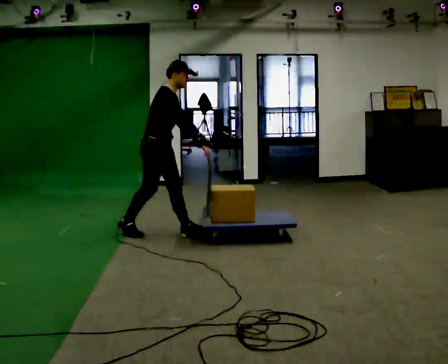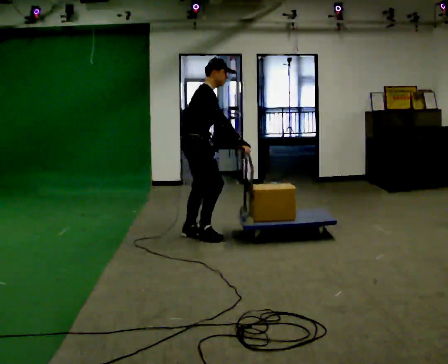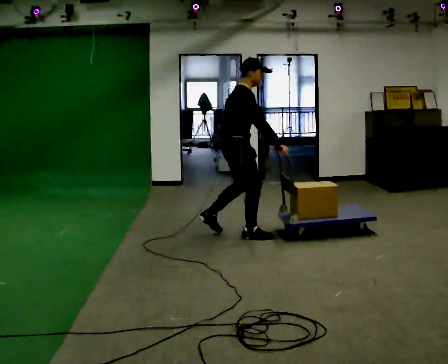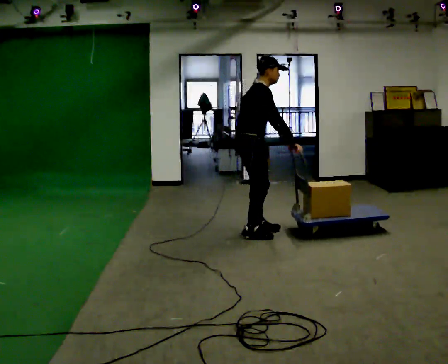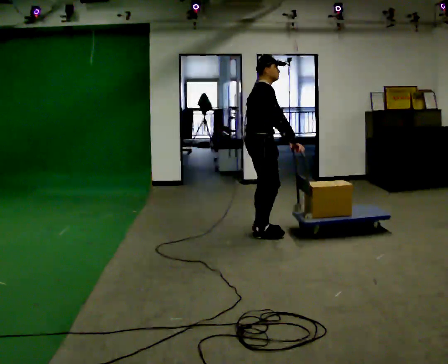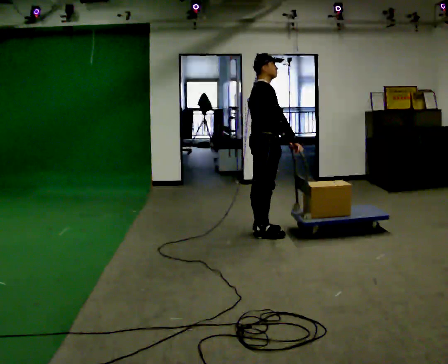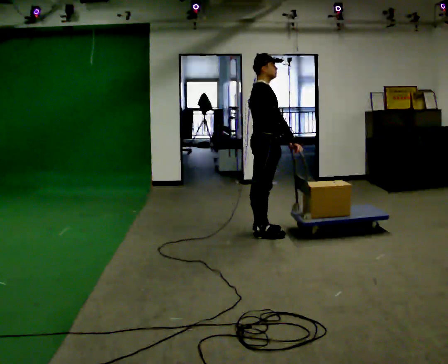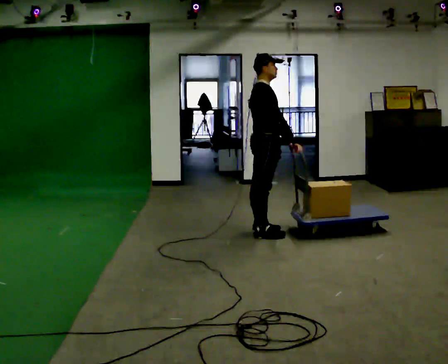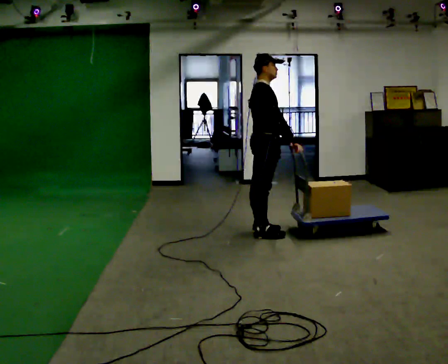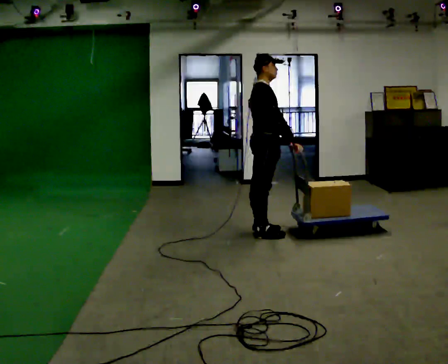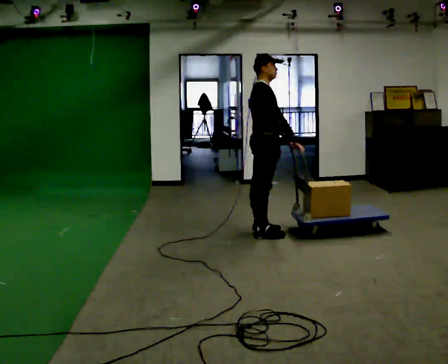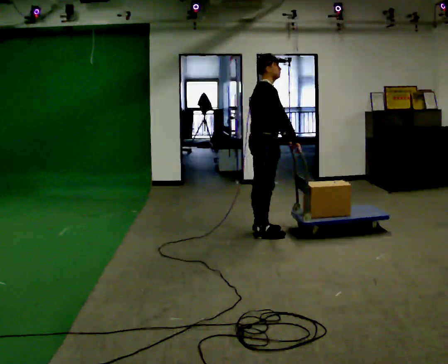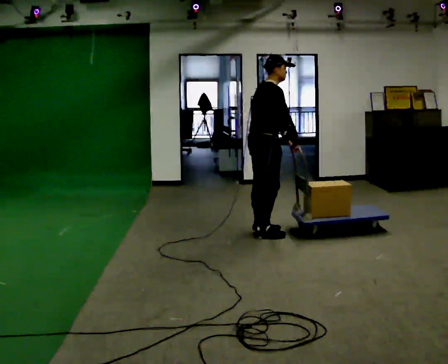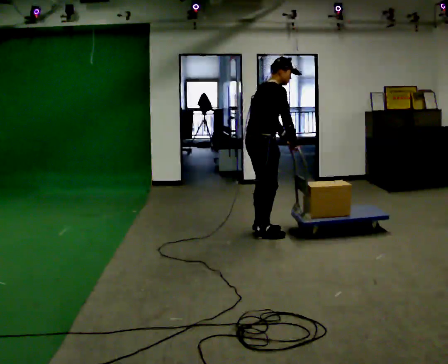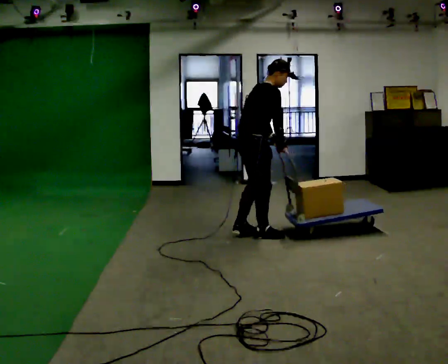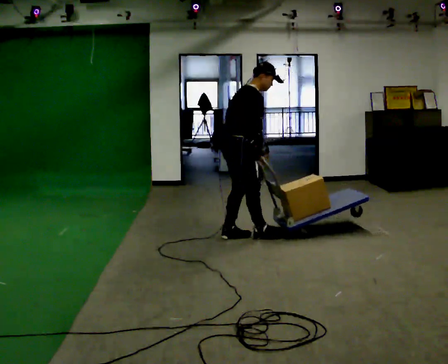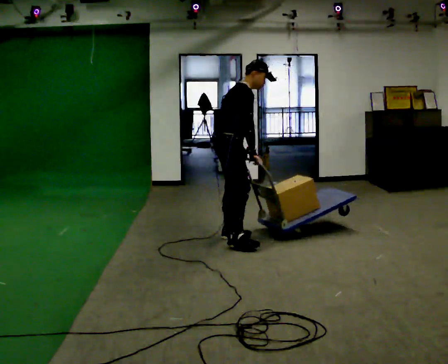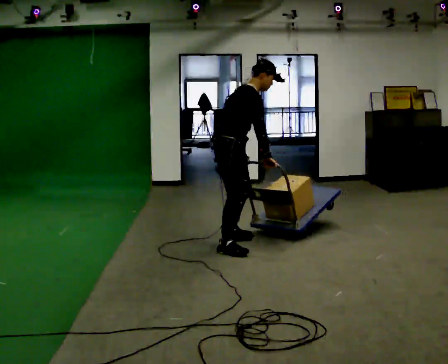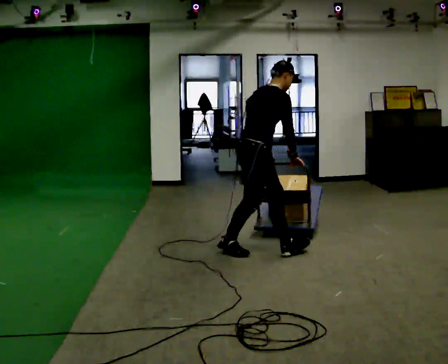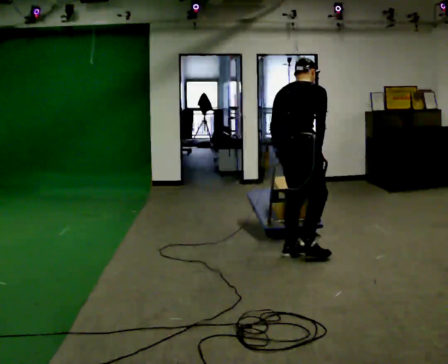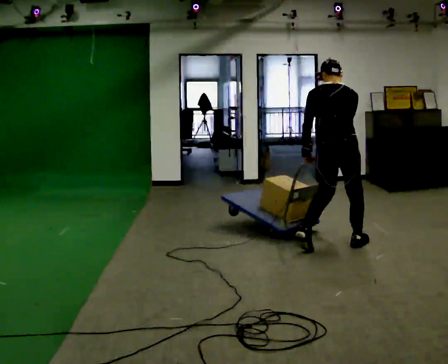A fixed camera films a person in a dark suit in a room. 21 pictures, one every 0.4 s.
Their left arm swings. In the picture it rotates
clockwise.
0.0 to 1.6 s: In the picture they go to the right, about 1 m in 2 steps, which for them is forward.
1.6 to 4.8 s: The person moves a little, or ends about where they began.
4.8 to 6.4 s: In the picture they go to the left and toward the camera, about 0.5 m in 1 step, which for them is backward.
6.4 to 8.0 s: The part of the body nearest the lens slides to the right as the person turns to their left by about 75 degrees. In the picture they go to the right, about 1 m in 3 steps.
The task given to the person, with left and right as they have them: Stand still with your hands on the cart. When the operator says go, get it moving, push it a few metres, then bring it to a stop. Repeat until the operator says stop.
The film runs forward here.
